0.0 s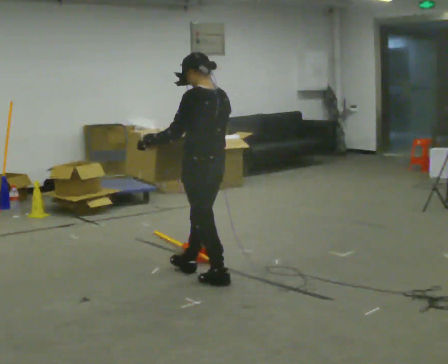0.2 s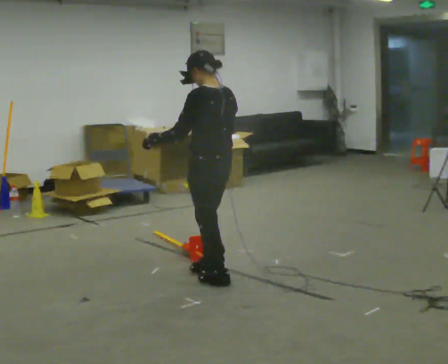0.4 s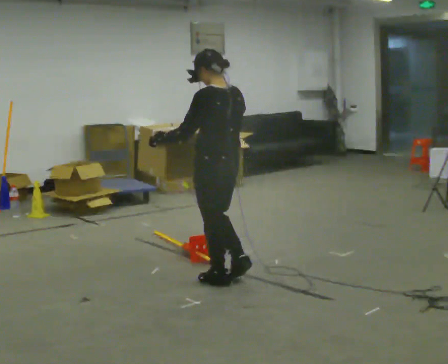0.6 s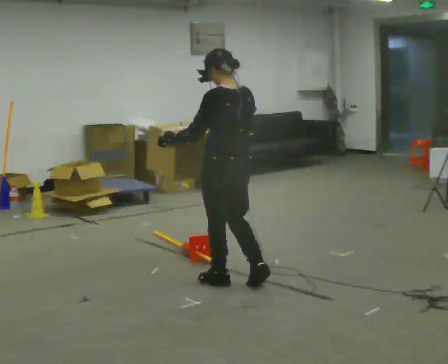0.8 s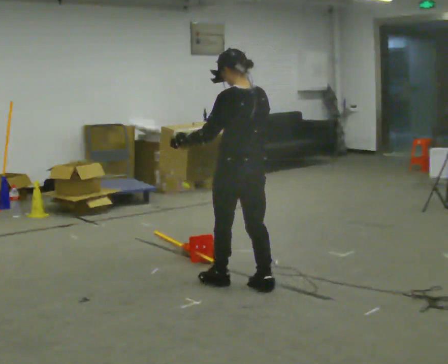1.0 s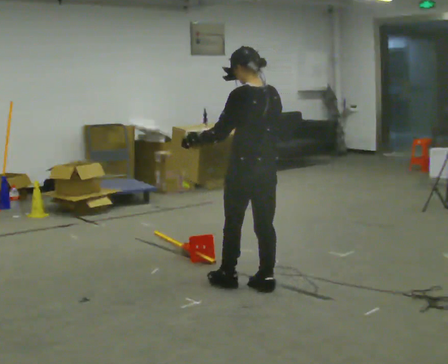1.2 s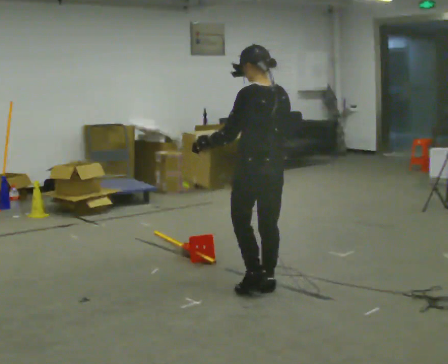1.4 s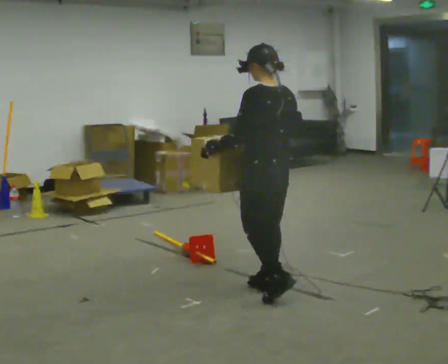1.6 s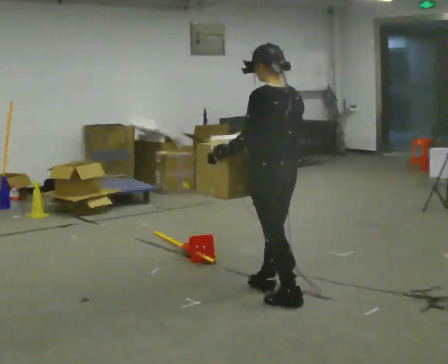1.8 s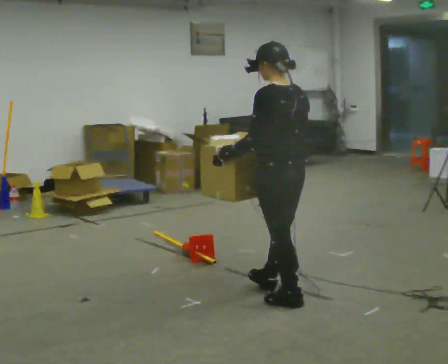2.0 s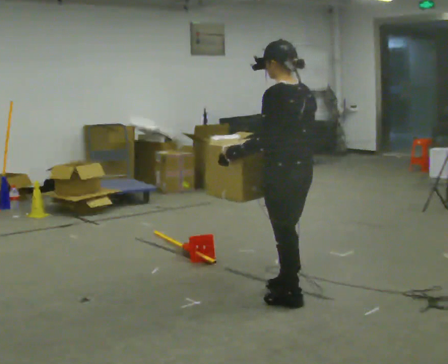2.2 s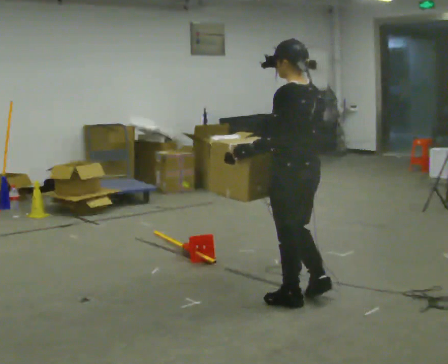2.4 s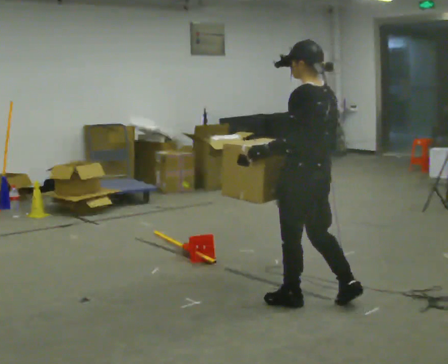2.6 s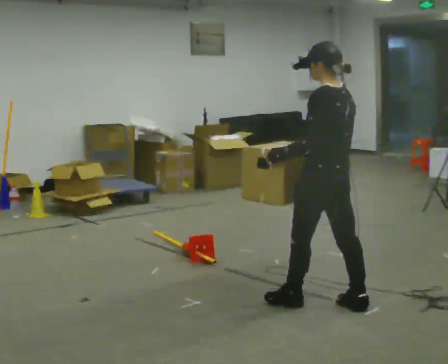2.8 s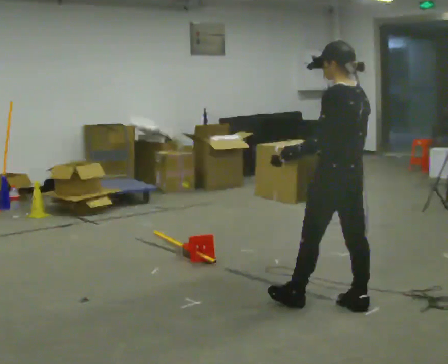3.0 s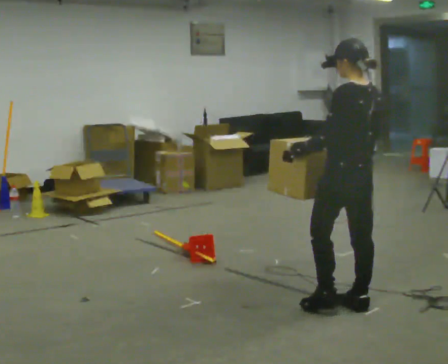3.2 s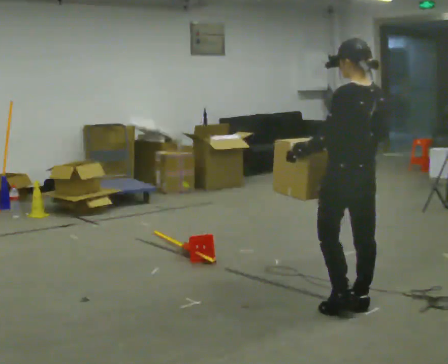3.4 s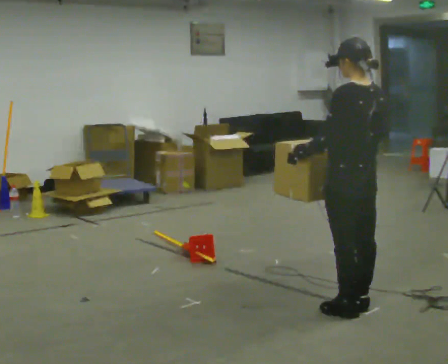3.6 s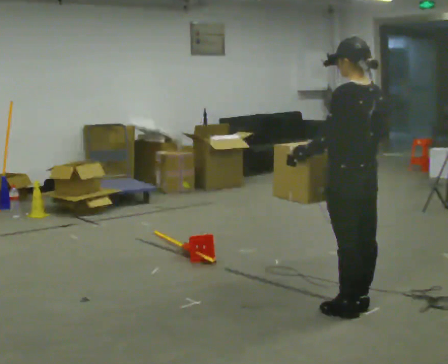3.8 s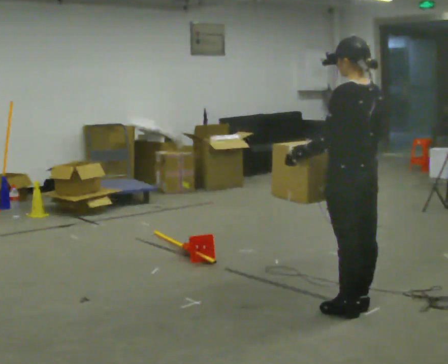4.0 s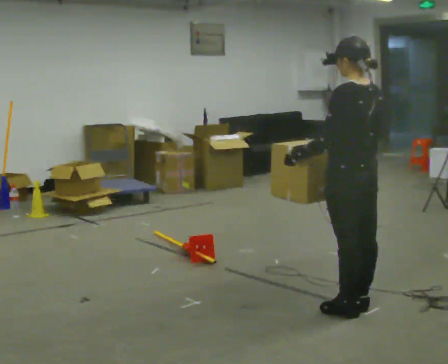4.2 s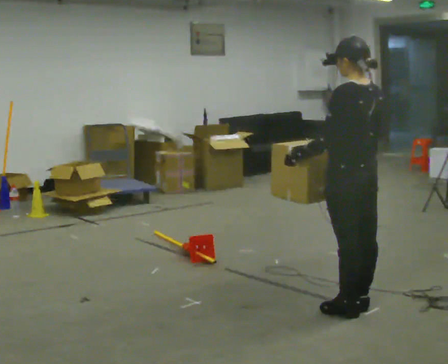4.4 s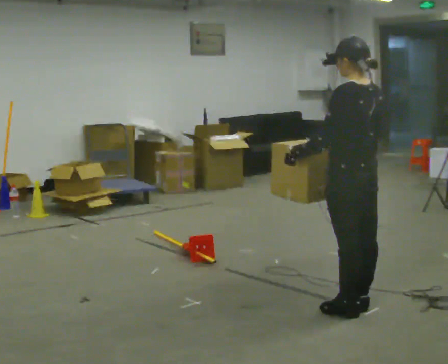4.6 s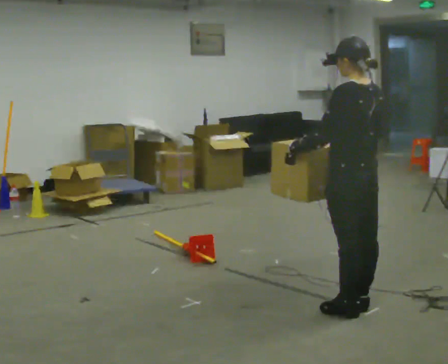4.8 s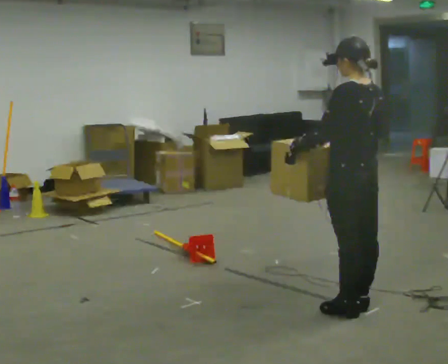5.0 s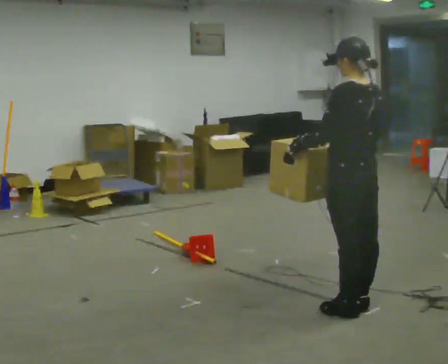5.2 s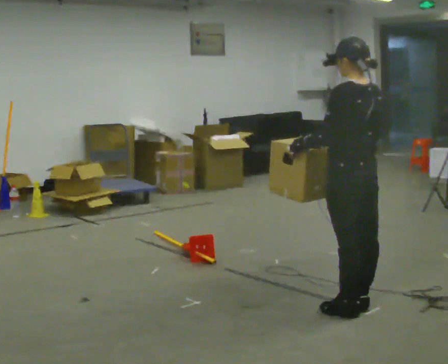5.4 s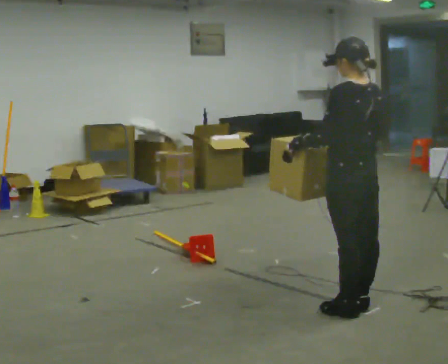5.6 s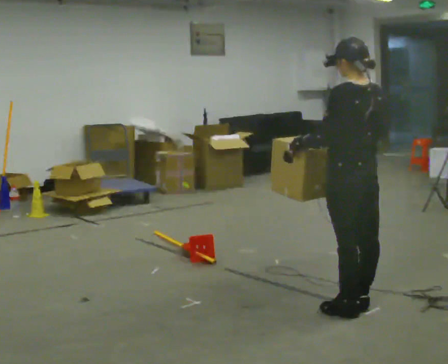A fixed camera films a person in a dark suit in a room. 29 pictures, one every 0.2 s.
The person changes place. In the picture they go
to the right.
0.0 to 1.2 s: In the picture they go to the right and toward the camera, about 0.5 m in 1 step, which for them is backward.
1.2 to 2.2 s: In the picture they go toward the camera and to the right, about 0.25 m in 1 step, which for them is backward.
2.2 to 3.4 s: In the picture they go to the right, about 0.25 m in 1 step, which for them is backward.
3.4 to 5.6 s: The person moves a little, or ends about where they began.
The film runs backward here.
